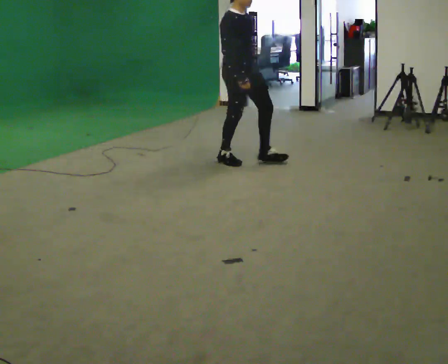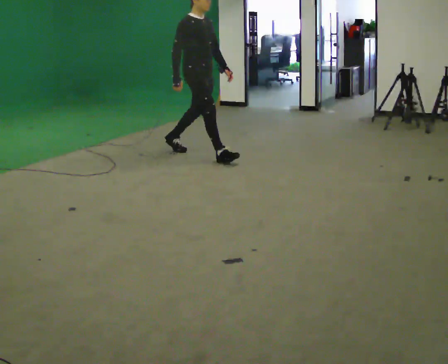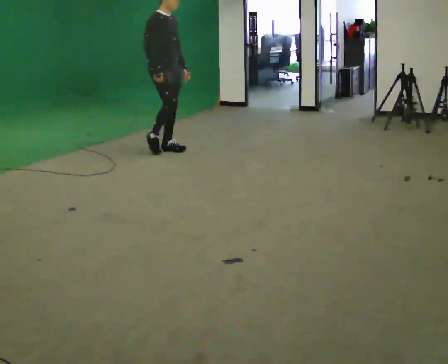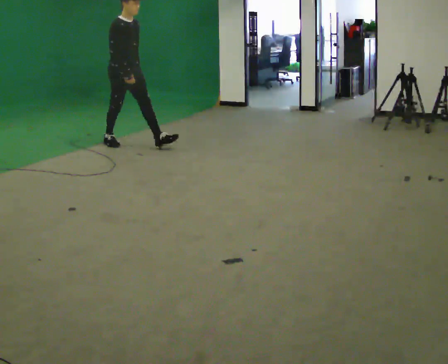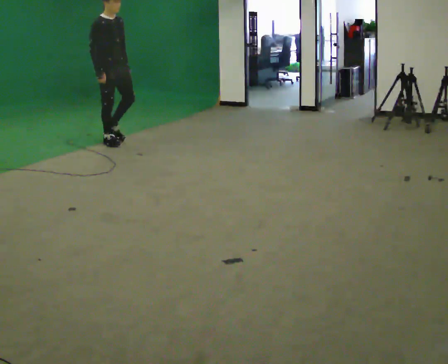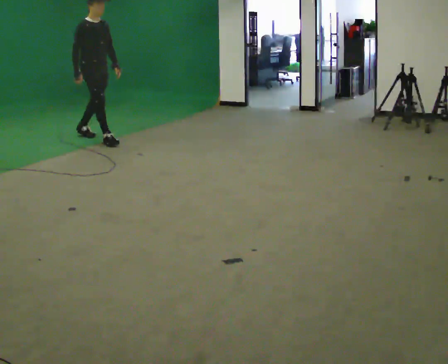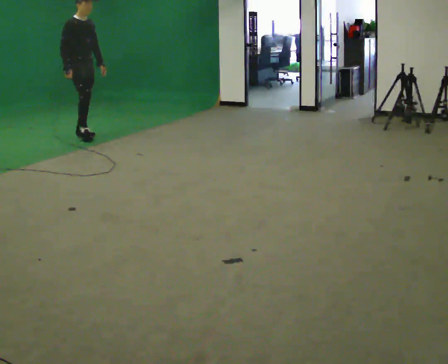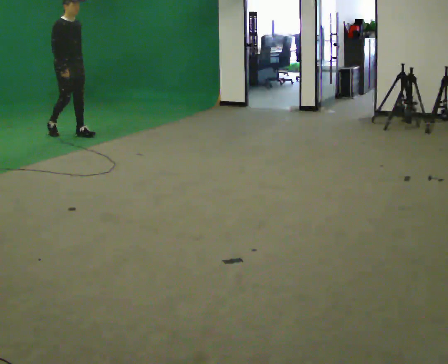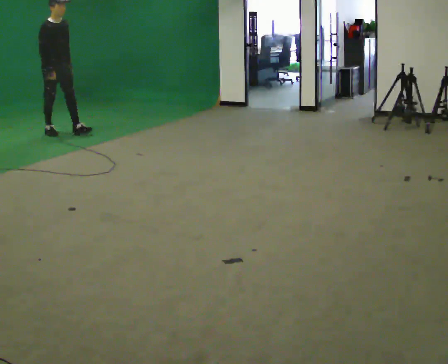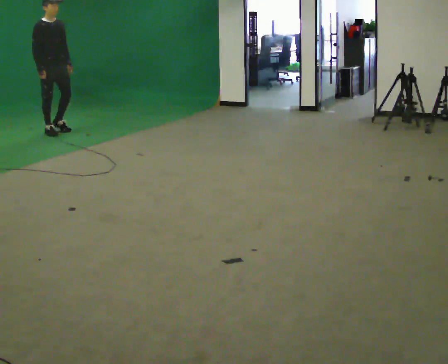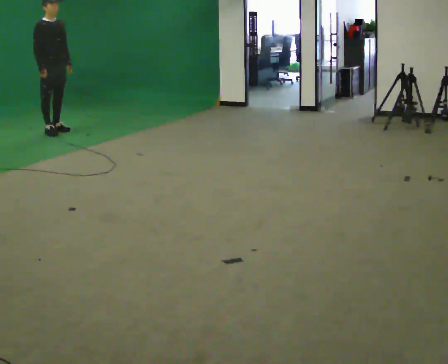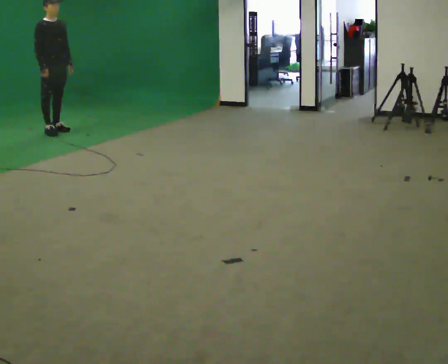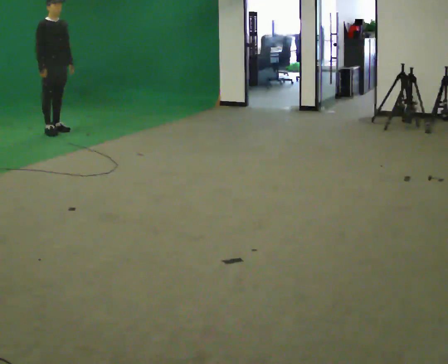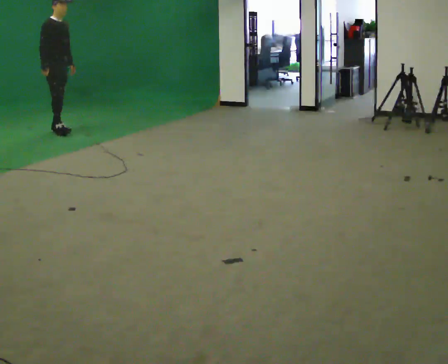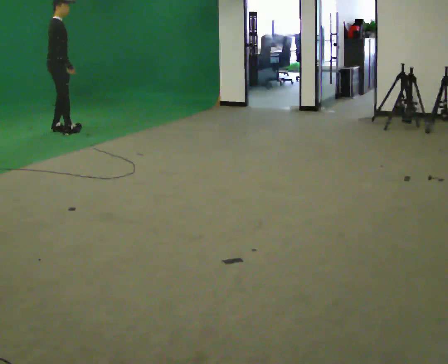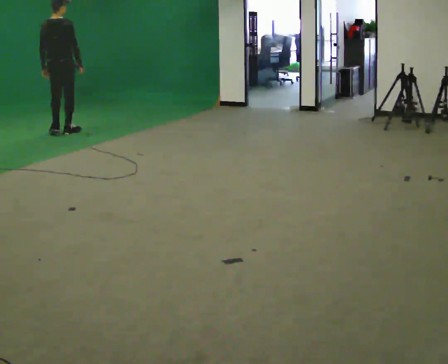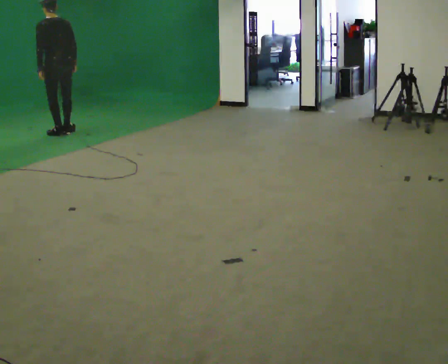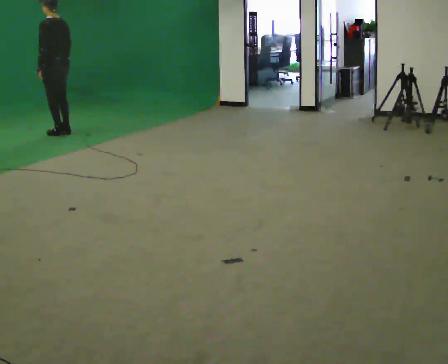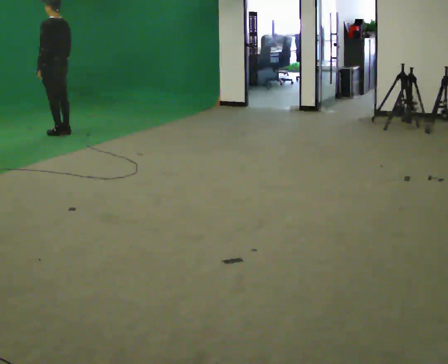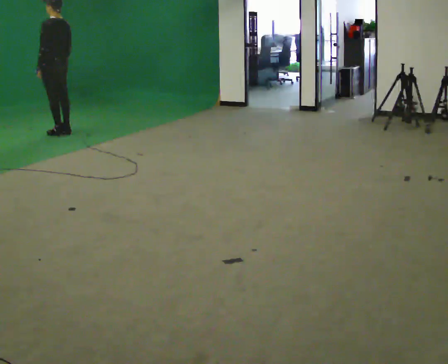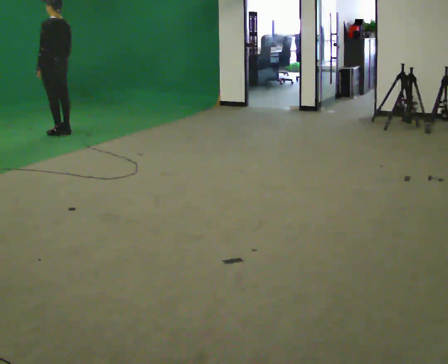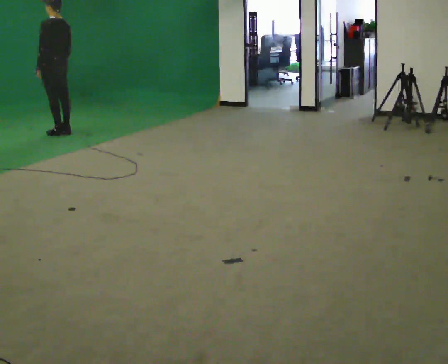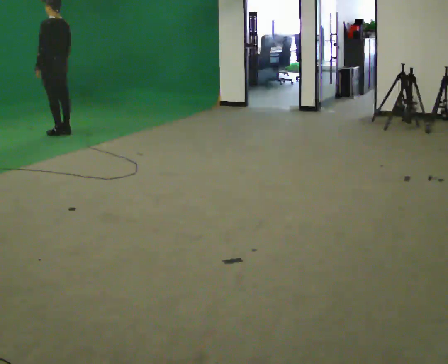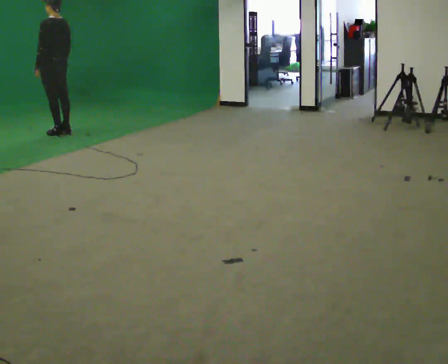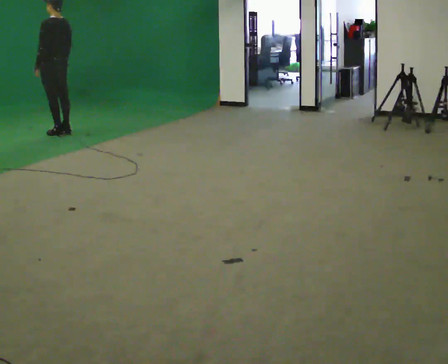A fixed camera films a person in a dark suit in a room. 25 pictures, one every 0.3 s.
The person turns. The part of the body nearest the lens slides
to the right.
The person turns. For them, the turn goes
to their left.
0.0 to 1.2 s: In the picture they go away from the camera and to the left, about 1.5 m in 2 steps, which for them is backward.
1.2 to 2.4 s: In the picture they go away from the camera and to the left, about 1 m in 2 steps, which for them is backward.
2.4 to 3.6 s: The person moves a little, or ends about where they began.
3.6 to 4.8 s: The part of the body nearest the lens slides to the right as the person turns to their left by about 150 degrees. In the picture they go toward the camera, about 0.25 m in 2 steps. In the picture their right hand goes to the right.
4.8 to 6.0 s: The person turns about 30 degrees to their left, counterclockwise seen from above, so the part of the body nearest the lens slides to the right.
6.0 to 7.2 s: The person keeps their place and pose.
The film runs backward here.
